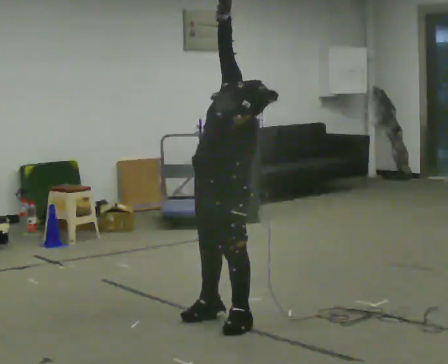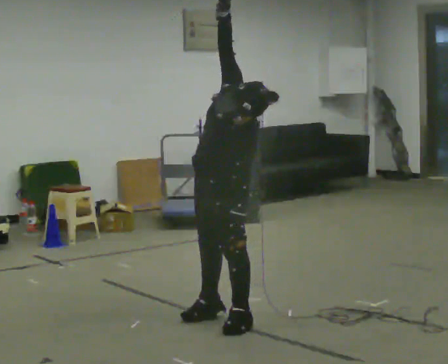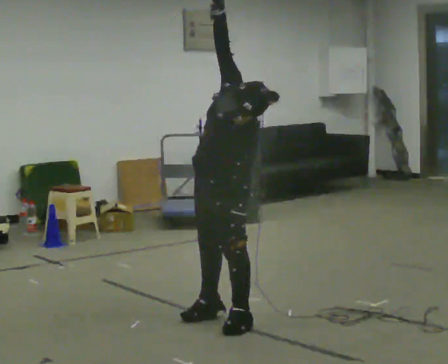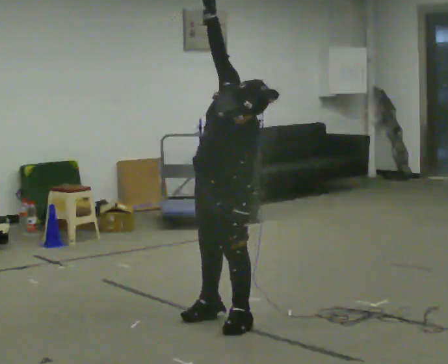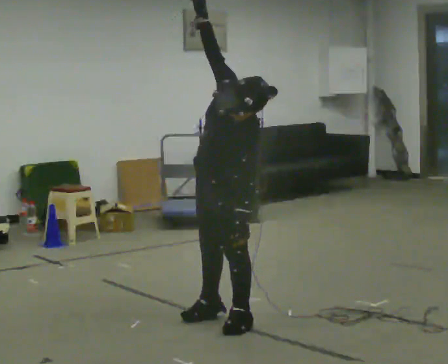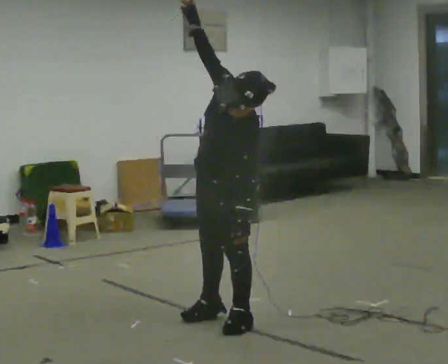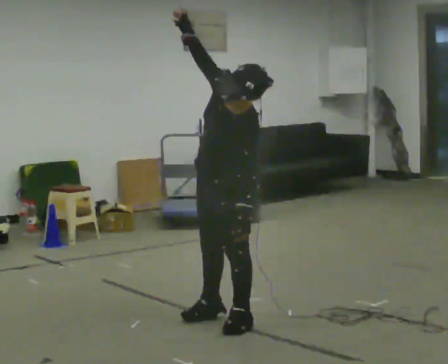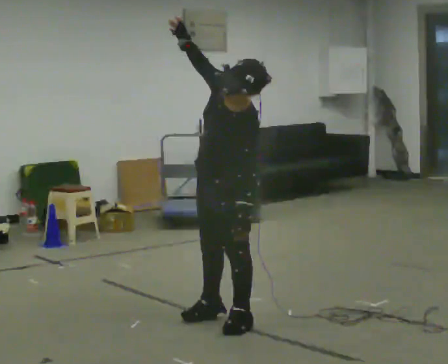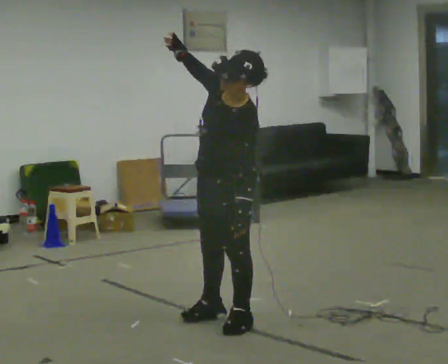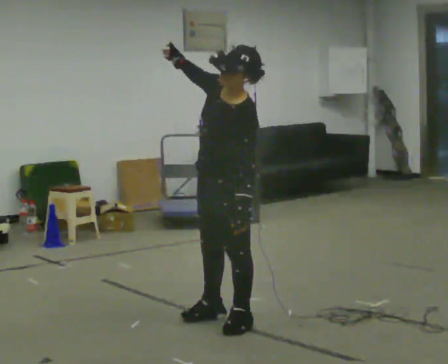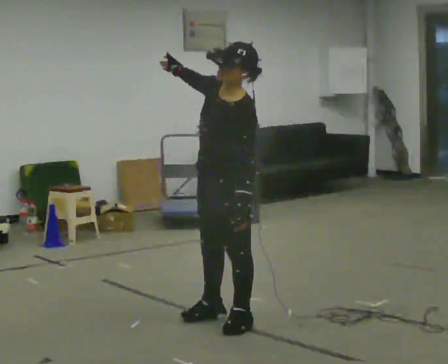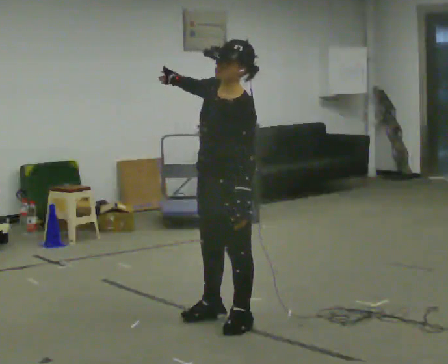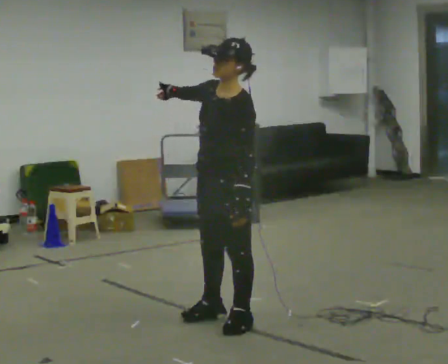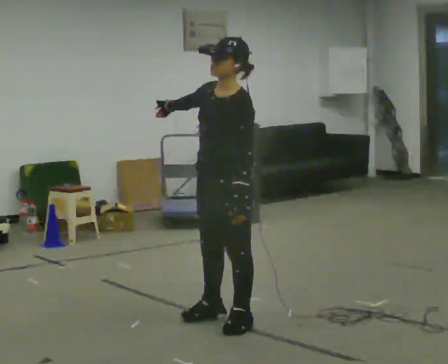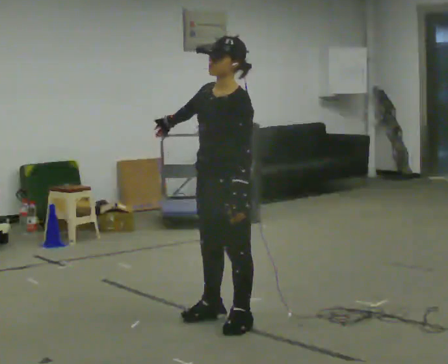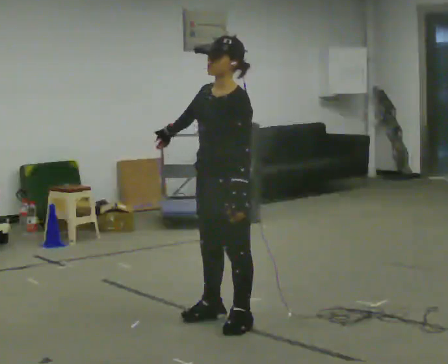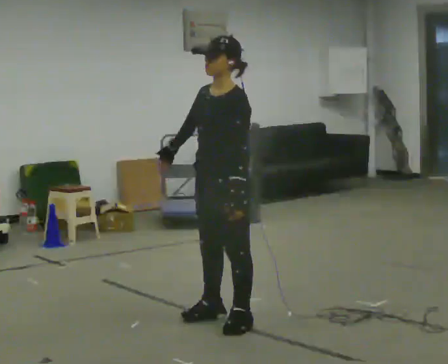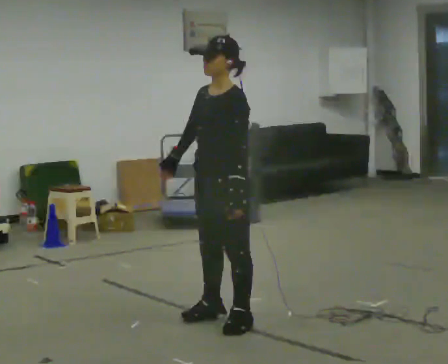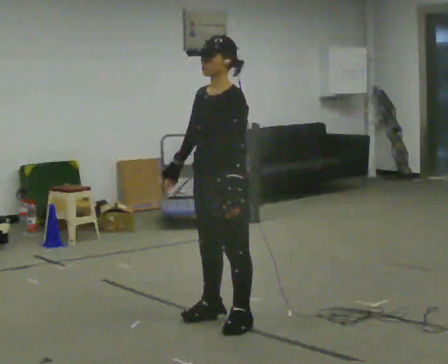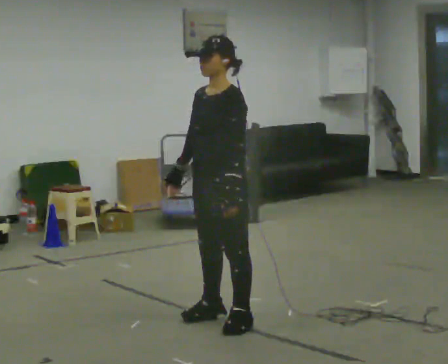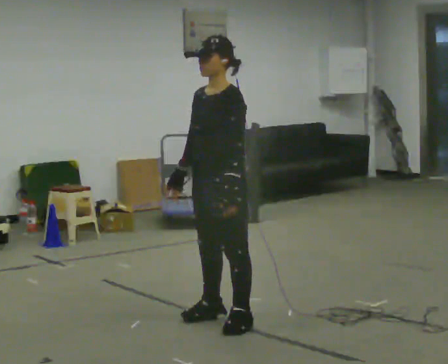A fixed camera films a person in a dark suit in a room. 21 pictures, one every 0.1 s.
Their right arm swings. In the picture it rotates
counterclockwise.
Their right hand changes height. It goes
downward.
0.0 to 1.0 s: The upper body tips away from the camera, its near side rolling upward. In the picture their right hand goes downward, the arm swinging counterclockwise.
1.0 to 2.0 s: In the picture their right hand goes downward, the arm swinging counterclockwise.
The film runs backward here.
